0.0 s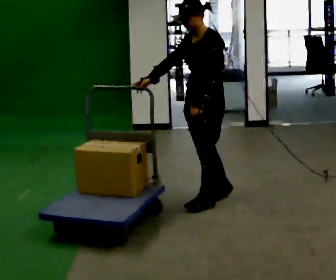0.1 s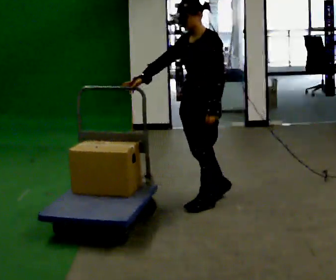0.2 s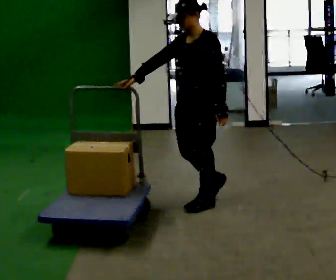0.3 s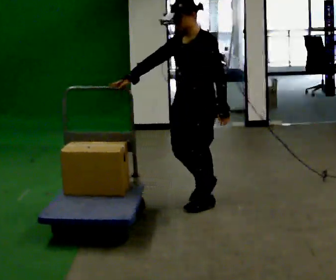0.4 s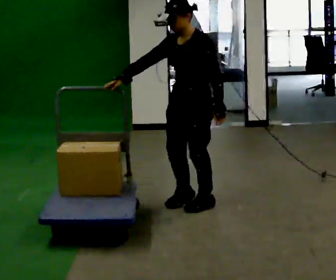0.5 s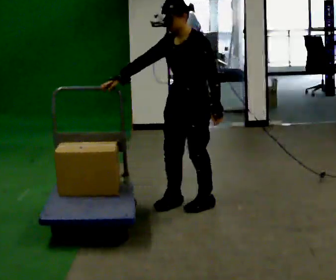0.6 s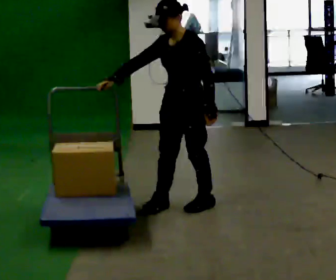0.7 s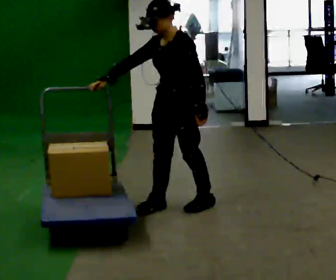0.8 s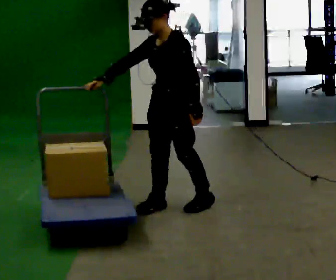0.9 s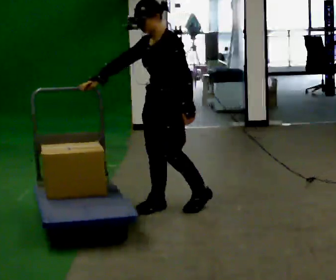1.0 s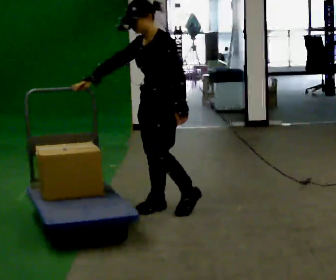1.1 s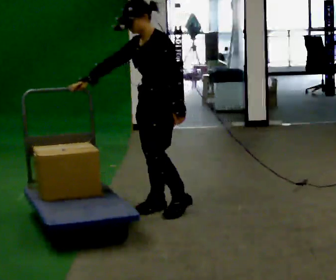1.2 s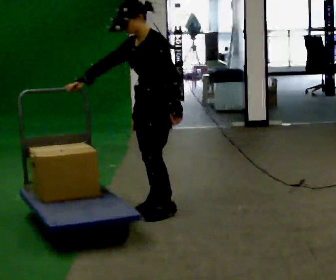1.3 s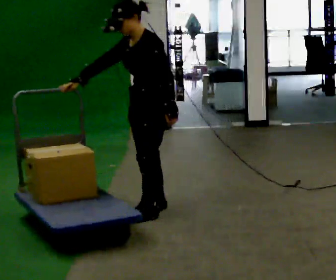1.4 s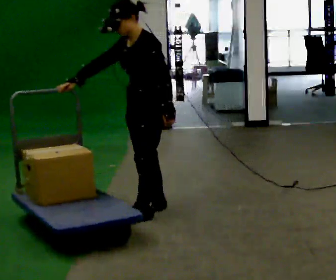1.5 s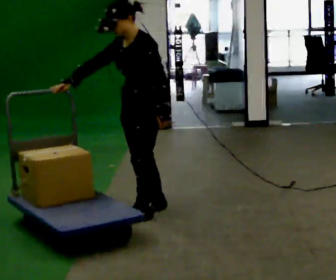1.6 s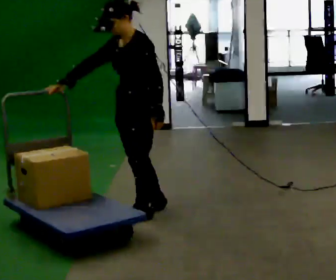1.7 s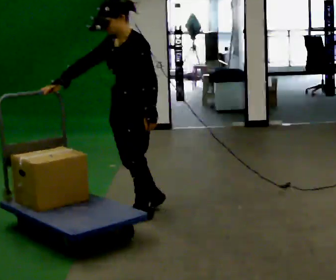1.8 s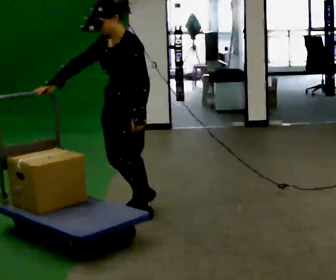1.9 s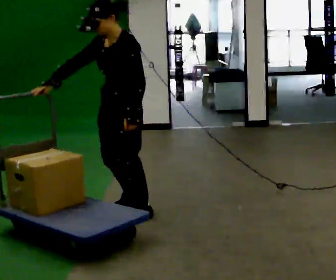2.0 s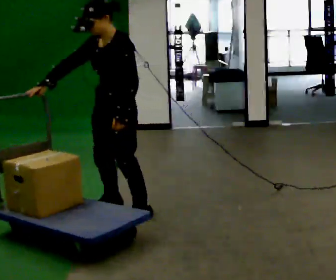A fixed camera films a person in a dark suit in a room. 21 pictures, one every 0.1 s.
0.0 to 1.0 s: In the picture they go to the left and toward the camera, about 0.25 m in 1 step, which for them is forward and to their right.
1.0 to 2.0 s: In the picture they go to the left and toward the camera, about 0.25 m in 1 step, which for them is forward.
The film runs forward here.
